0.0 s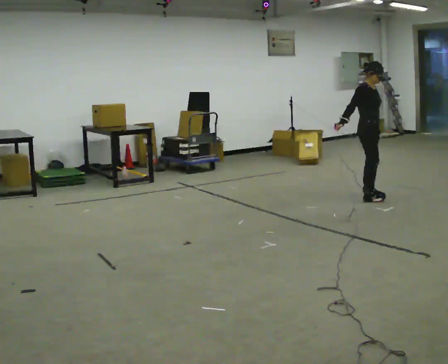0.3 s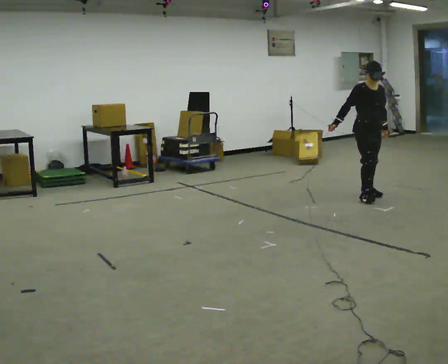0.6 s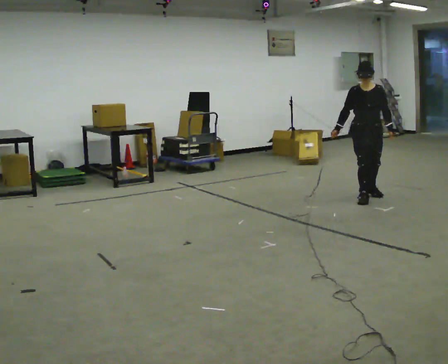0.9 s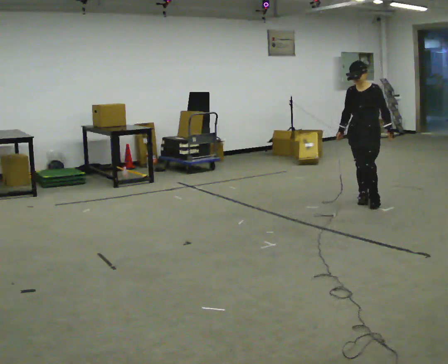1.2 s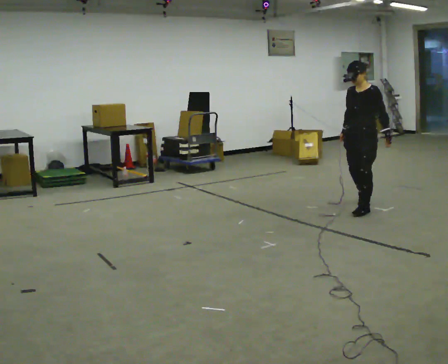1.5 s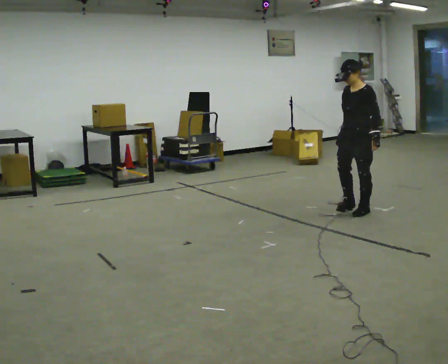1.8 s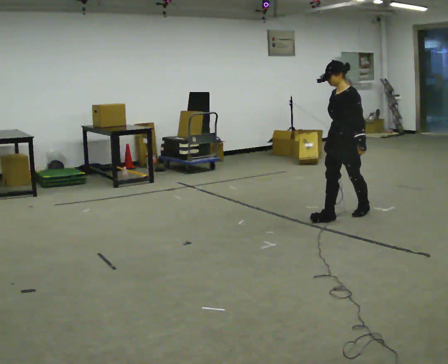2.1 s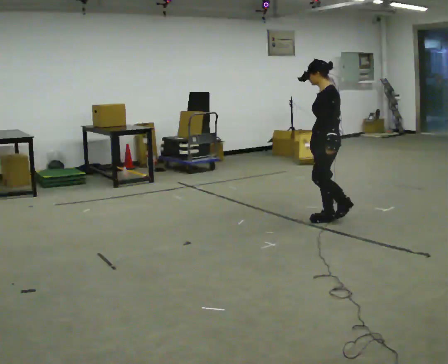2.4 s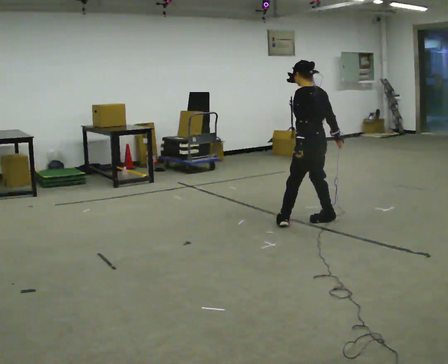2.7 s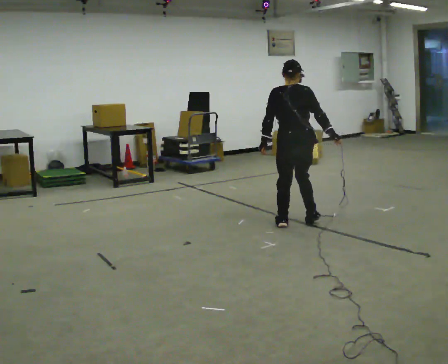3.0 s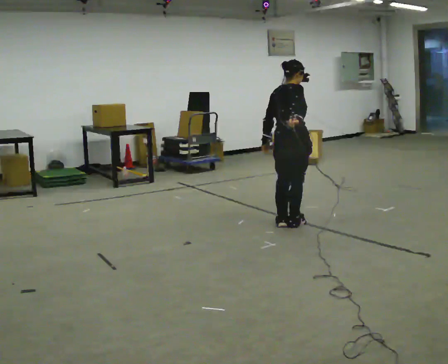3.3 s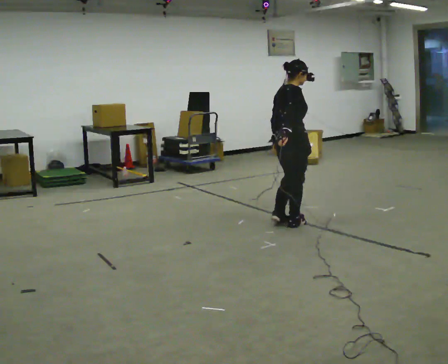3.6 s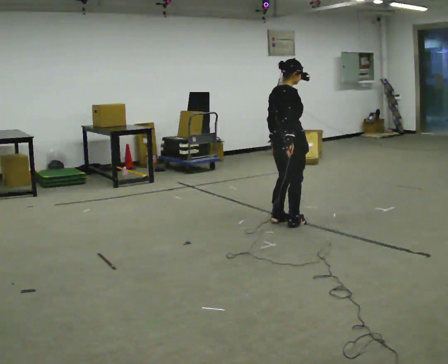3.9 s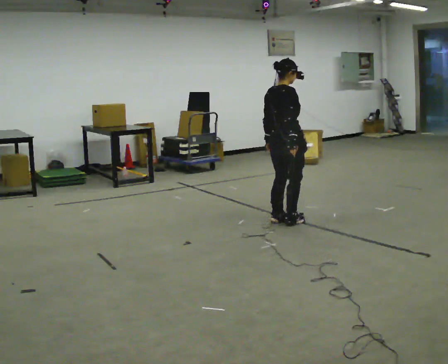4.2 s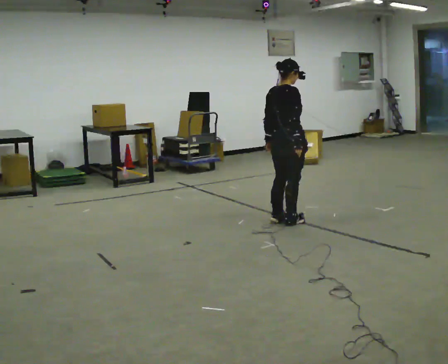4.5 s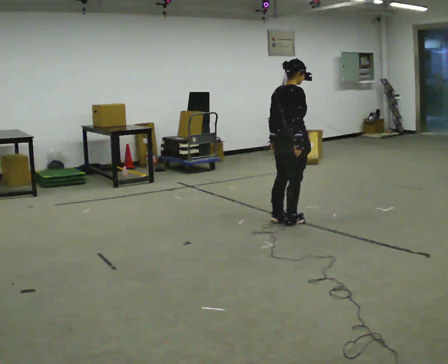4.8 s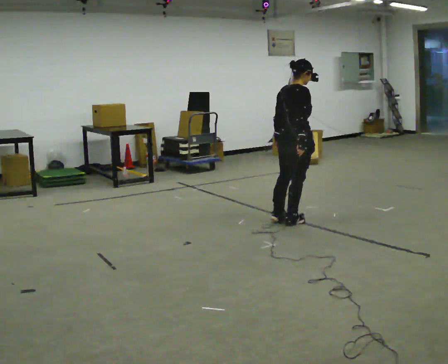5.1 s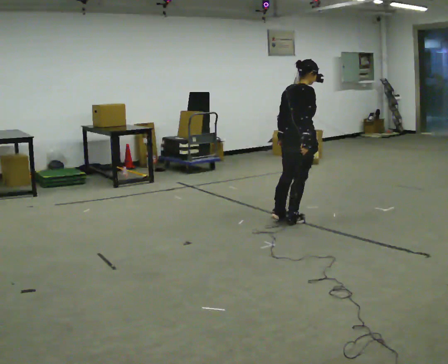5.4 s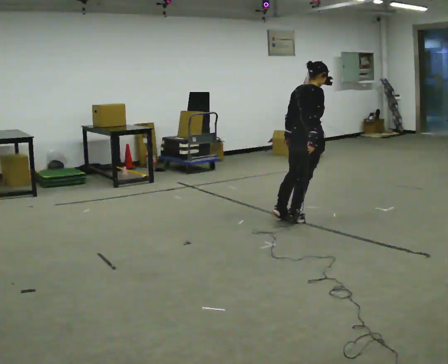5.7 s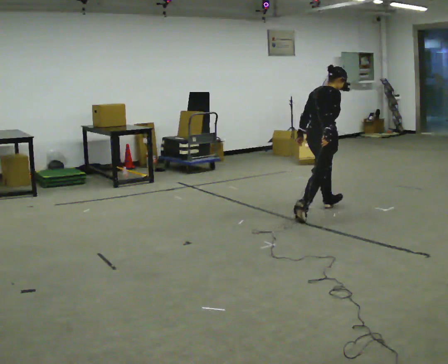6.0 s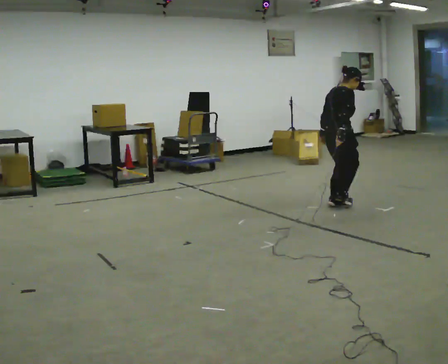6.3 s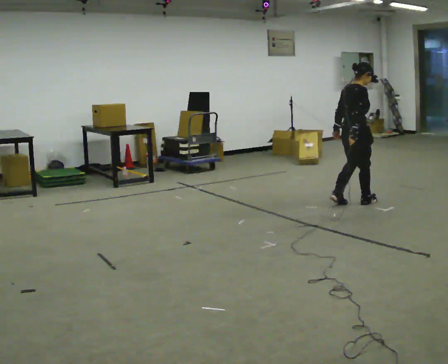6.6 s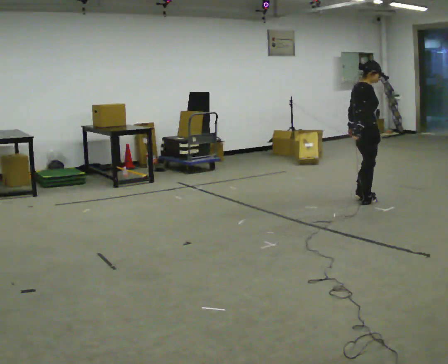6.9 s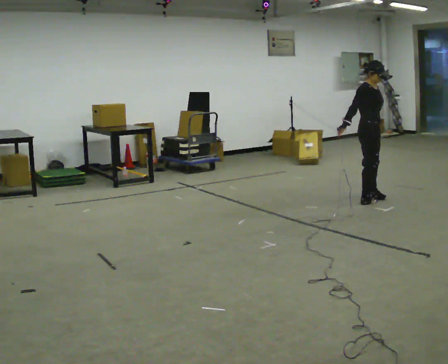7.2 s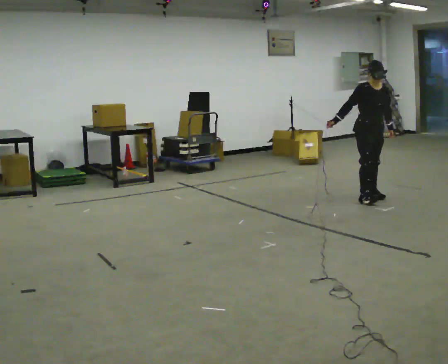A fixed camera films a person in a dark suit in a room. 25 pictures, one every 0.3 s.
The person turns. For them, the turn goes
to their right.
The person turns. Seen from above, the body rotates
clockwise.
0.0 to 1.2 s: The person turns about 105 degrees to their right, clockwise seen from above, so the part of the body nearest the lens slides to the left. In the picture they go toward the camera, about 0.5 m in 1 step.
1.2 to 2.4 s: Seen from above the body turns clockwise, about 90 degrees: to their right, with its near side sliding to the left. In the picture they go to the left and toward the camera, about 0.75 m in 1 step.
2.4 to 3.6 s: Seen from above the body turns clockwise, about 105 degrees: to their right, with its near side sliding to the left. In the picture they go to the left, about 0.25 m in 3 steps. In the picture their right hand goes to the left.
3.6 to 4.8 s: The person moves a little, or ends about where they began.
4.8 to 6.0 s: In the picture they go away from the camera and to the right, about 0.75 m in 1 step, which for them is forward.
6.0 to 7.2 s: The person turns about 105 degrees to their right, clockwise seen from above, so the part of the body nearest the lens slides to the left. In the picture they go to the right and away from the camera, about 0.5 m in 2 steps.
The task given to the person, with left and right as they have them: Stand on the marked spots with your feet together. Lean forward from the ankles, keeping your body straight, until you cannot hold it any longer, then step forward to catch yourself. Return to the spots. Repeat at your own pace until the operator says stop. Go slowly and only as far as you are comfortable. Step whenever you need to; do not try to hold on longer than feels safe.
The film runs forward here.
